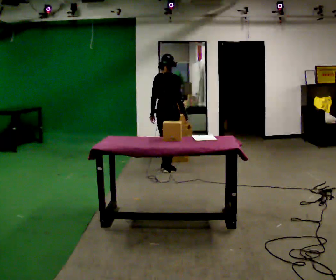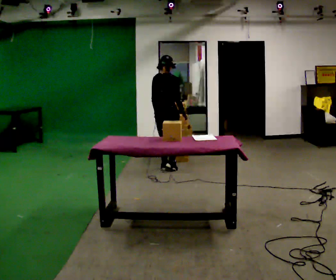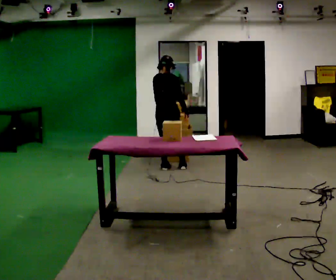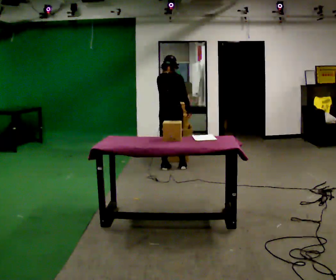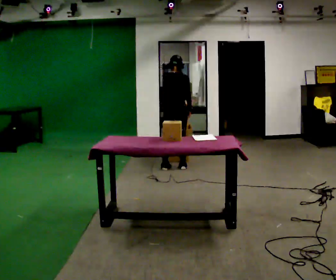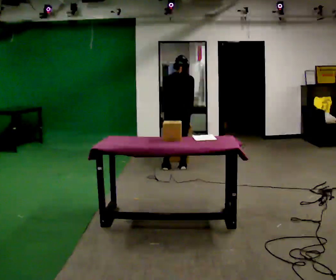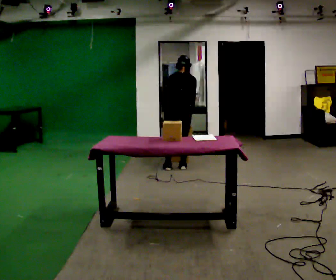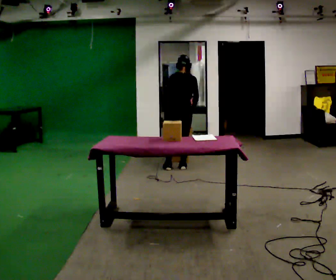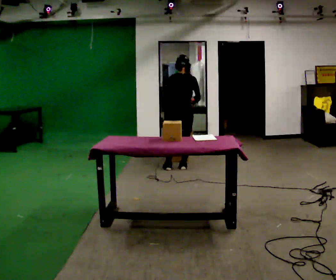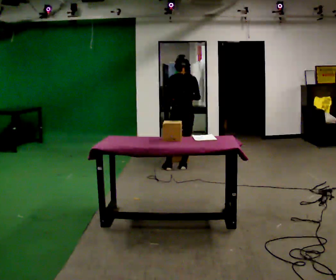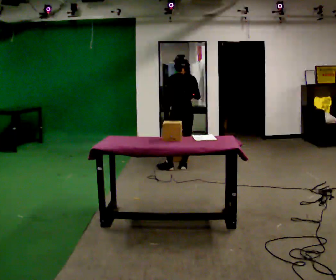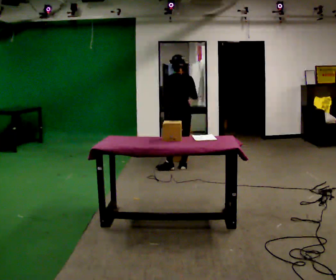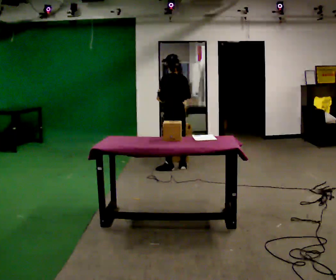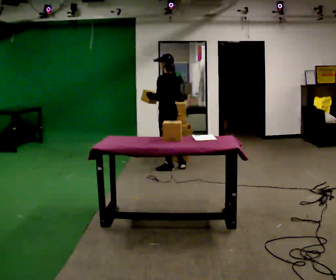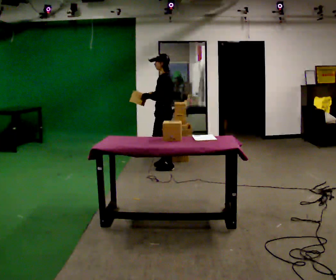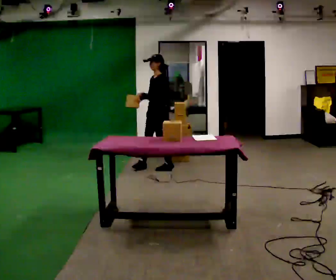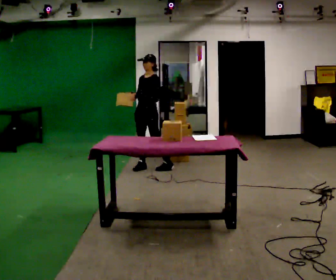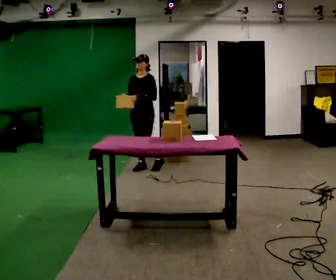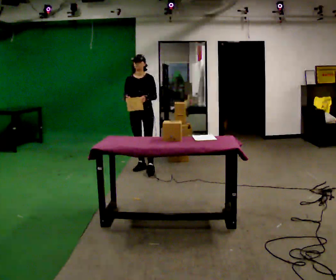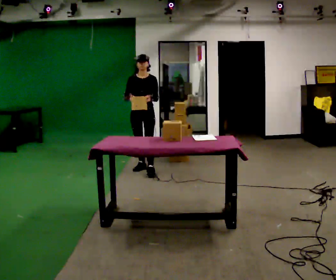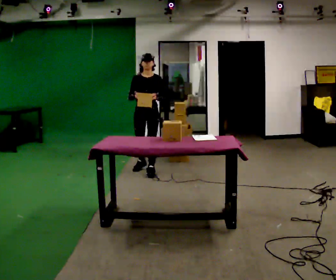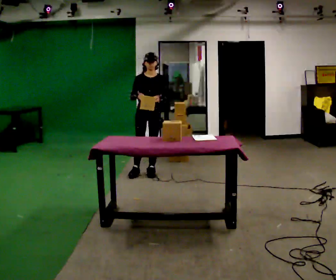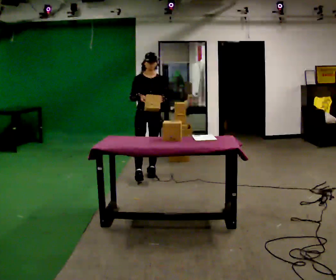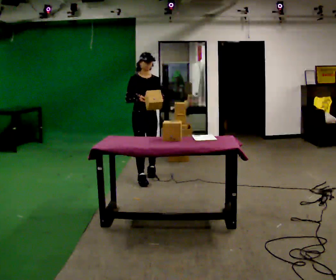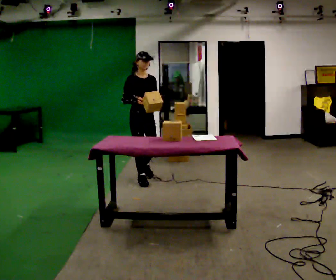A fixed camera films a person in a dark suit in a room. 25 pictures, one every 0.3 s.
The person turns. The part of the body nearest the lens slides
to the right.
The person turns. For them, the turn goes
to their left.
0.0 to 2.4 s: The part of the body nearest the lens slides to the right as the person turns to their left by about 30 degrees. In the picture they go to the right, about 0.25 m in 1 step, which for them is to their right and forward.
2.4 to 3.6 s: Seen from above the body turns counterclockwise, about 30 degrees: to their left, with its near side sliding to the right.
3.6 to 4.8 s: The part of the body nearest the lens slides to the right as the person turns to their left by about 90 degrees. In the picture they go to the left, about 0.25 m in 1 step.
4.8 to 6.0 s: Seen from above the body turns counterclockwise, about 45 degrees: to their left, with its near side sliding to the right. In the picture they go toward the camera, about 0.25 m in 1 step, which for them is forward.
6.0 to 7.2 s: The part of the body nearest the lens slides to the right as the person turns to their left by about 30 degrees. In the picture they go toward the camera, about 0.5 m in 1 step, which for them is forward.
The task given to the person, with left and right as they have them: 1. Read the list the operator gives you. 2. Collect the six items on the list from the shelves. 3. Put them all in the bin on the table. 4. Tell the operator when you are finished.
The film runs forward here.
